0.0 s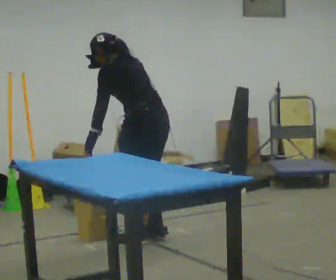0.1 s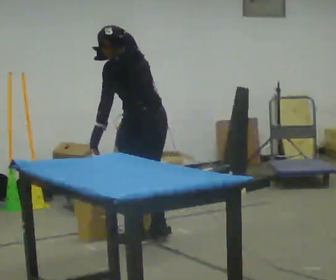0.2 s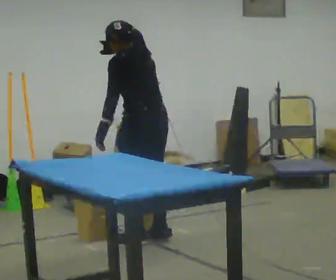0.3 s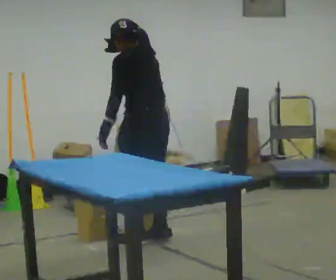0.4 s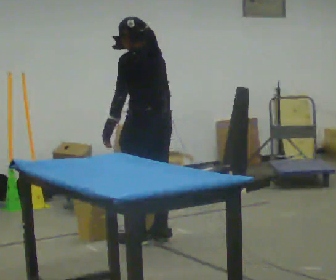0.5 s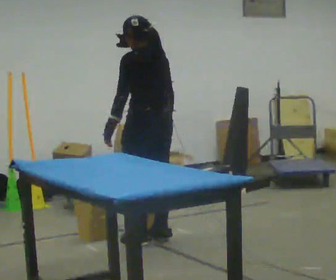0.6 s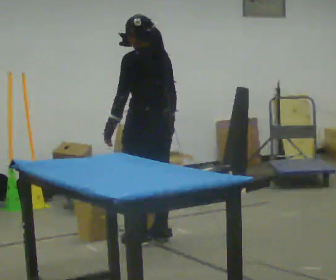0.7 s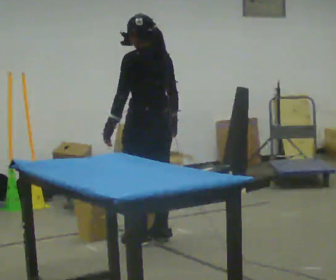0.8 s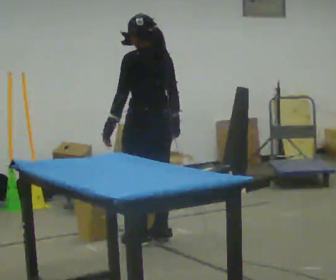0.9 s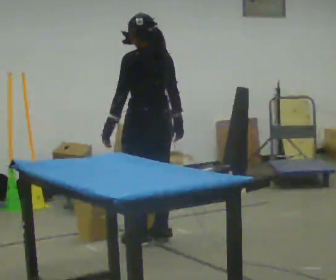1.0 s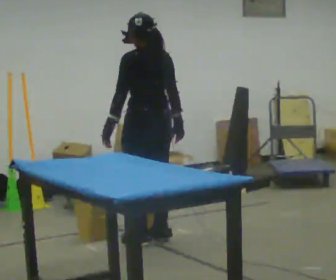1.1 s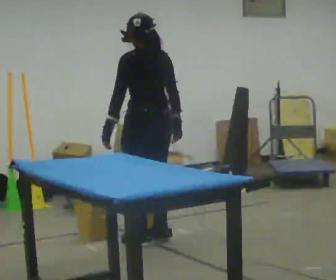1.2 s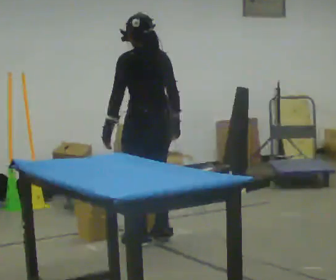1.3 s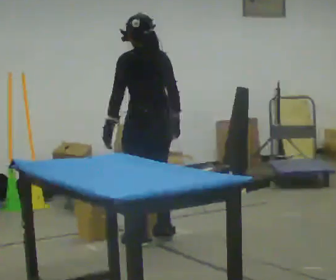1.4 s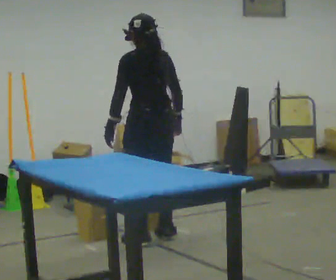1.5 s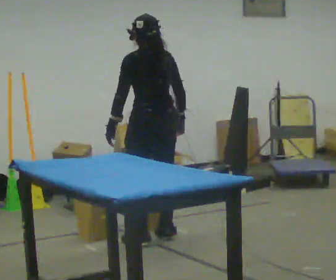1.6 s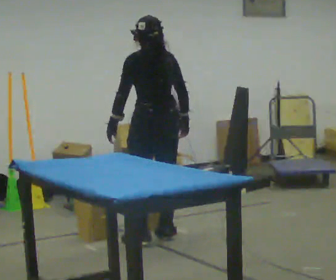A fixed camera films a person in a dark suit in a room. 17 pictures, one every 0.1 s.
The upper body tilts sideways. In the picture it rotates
clockwise.
0.0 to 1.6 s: In the picture the upper body tilts clockwise, shoulders to the right. In the picture their right hand goes to the right.
The film runs backward here.
